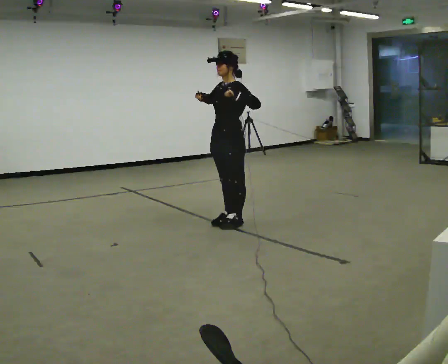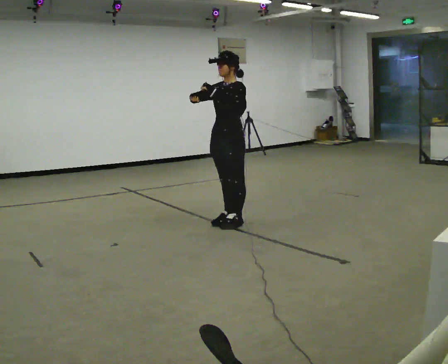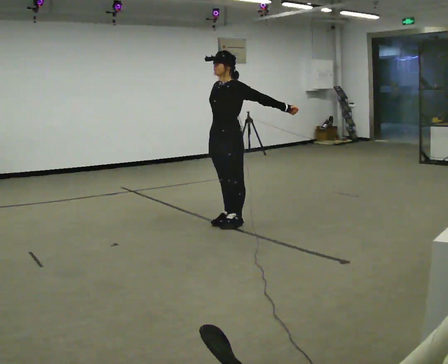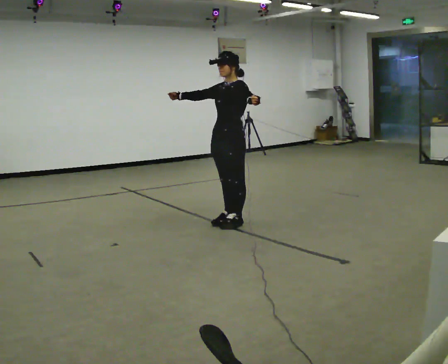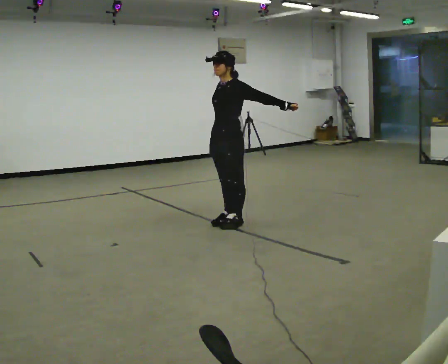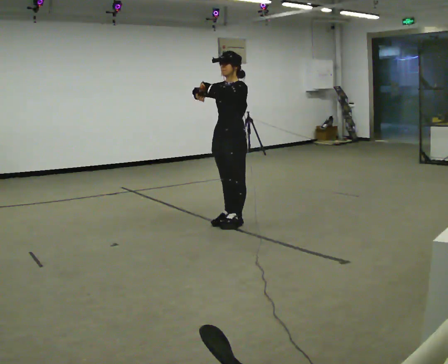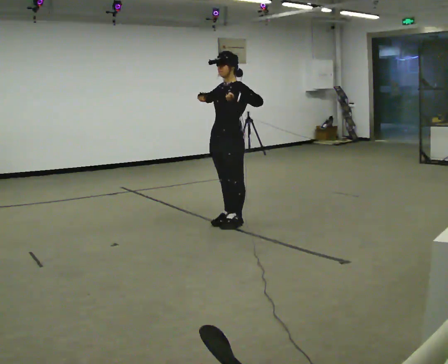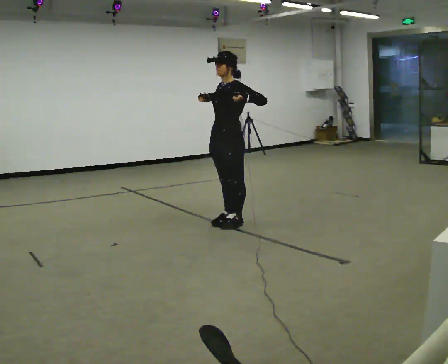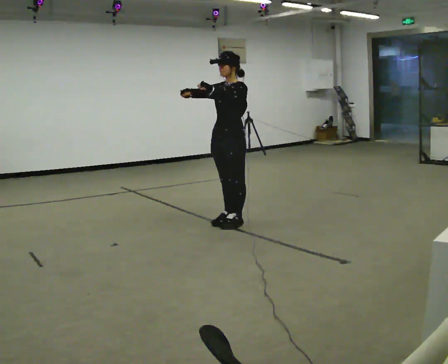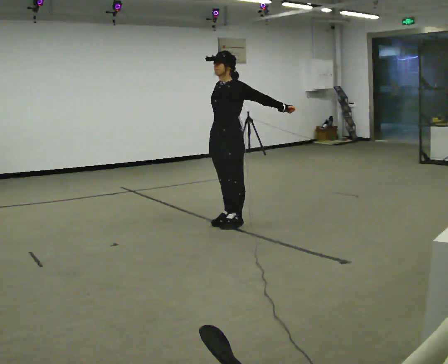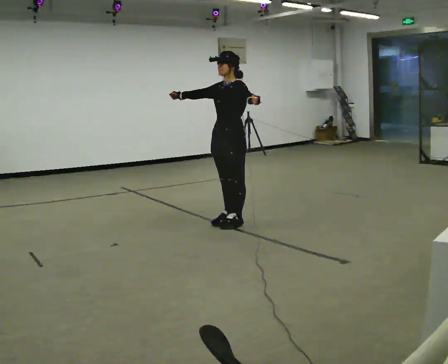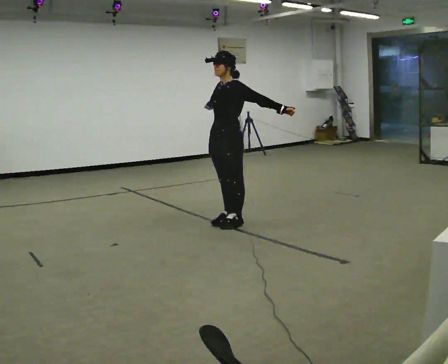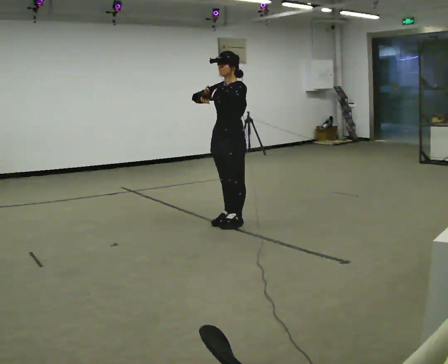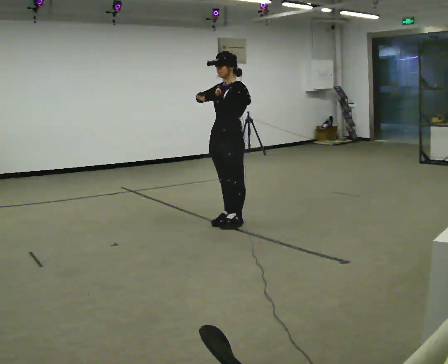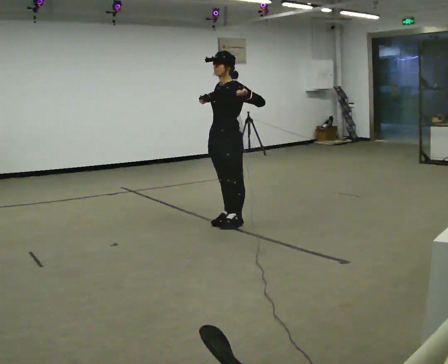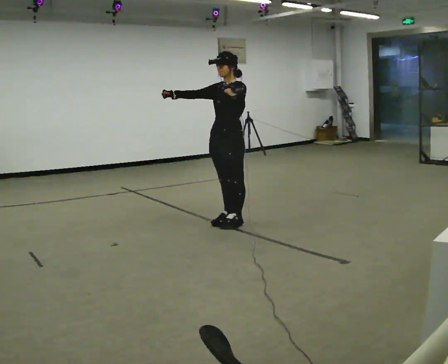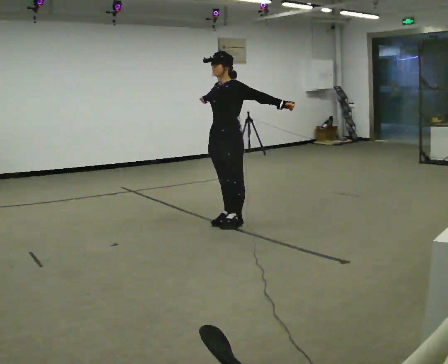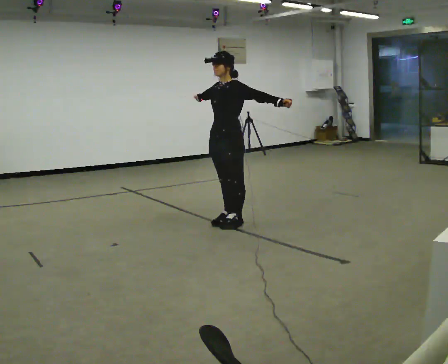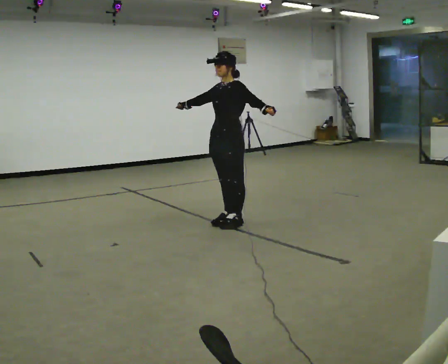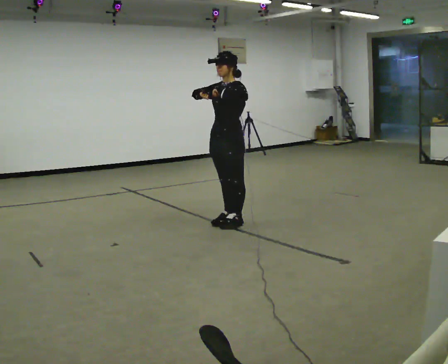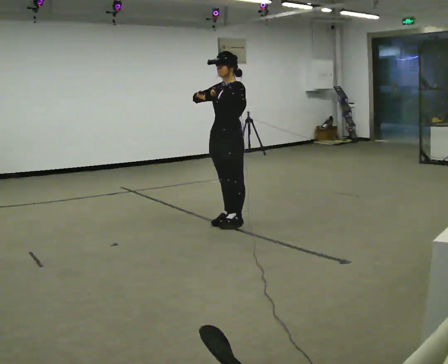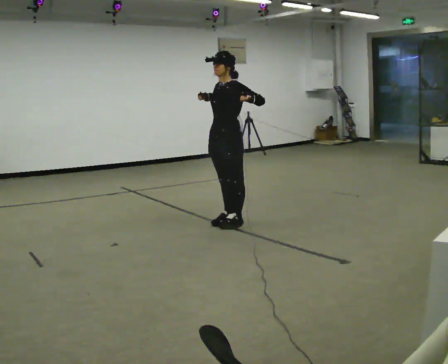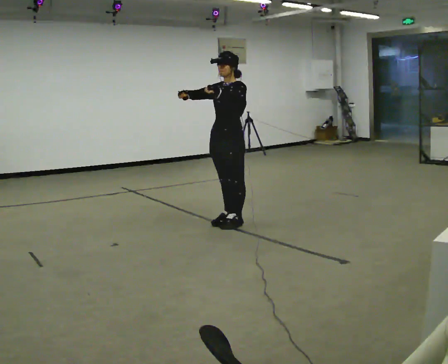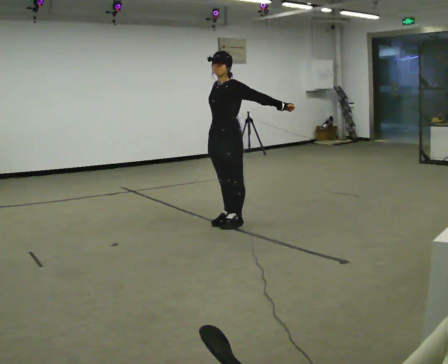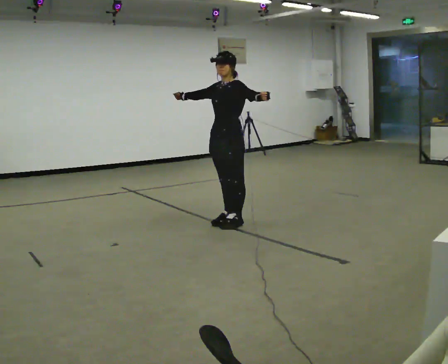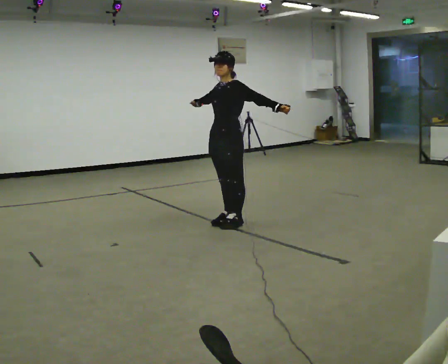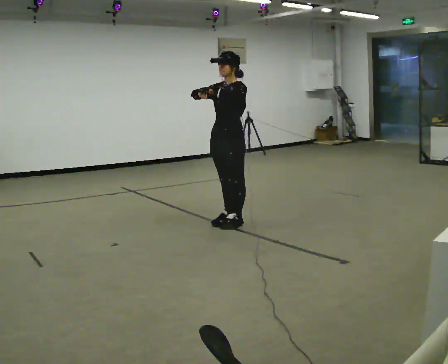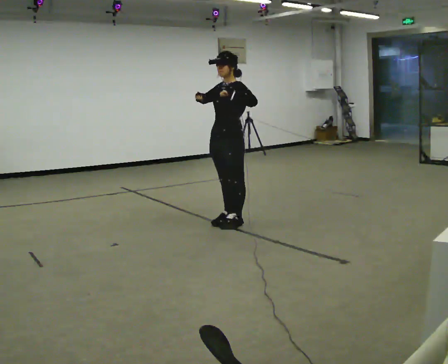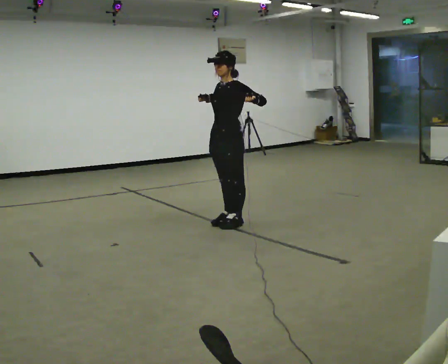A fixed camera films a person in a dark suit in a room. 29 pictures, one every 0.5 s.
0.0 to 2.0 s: In the picture their left hand goes to the right.
2.0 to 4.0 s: In the picture their right hand goes to the left.
4.0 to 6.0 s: The person moves a little, or ends about where they began.
6.0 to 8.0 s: In the picture their left hand goes to the right.
8.0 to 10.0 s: The person moves a little, or ends about where they began.
10.0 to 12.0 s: In the picture their left hand goes to the right.
12.0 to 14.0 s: The person moves a little, or ends about where they began.
The film runs forward here.
